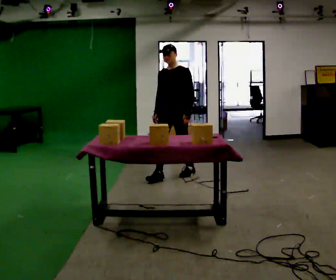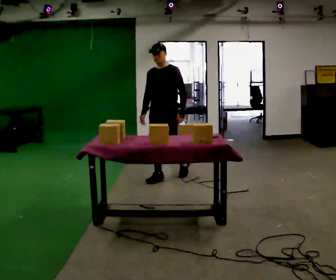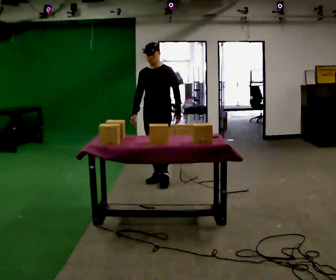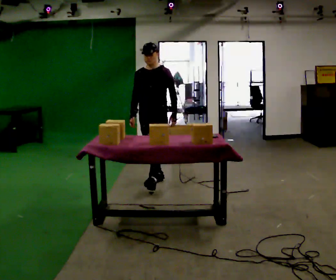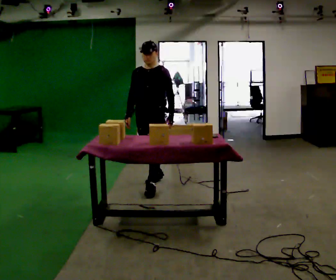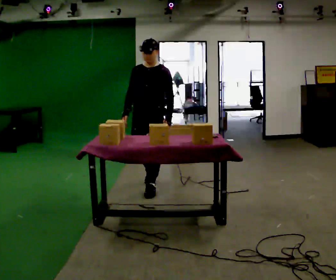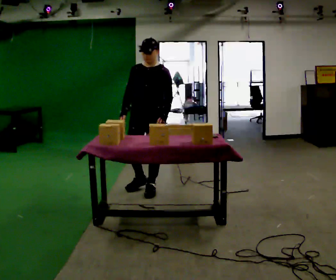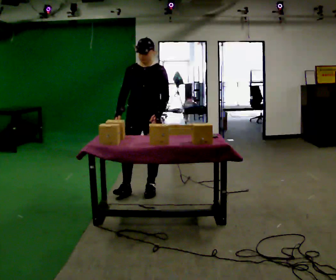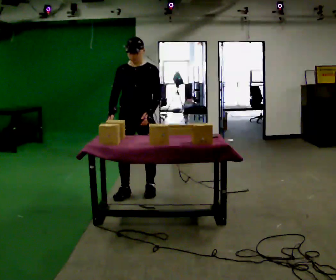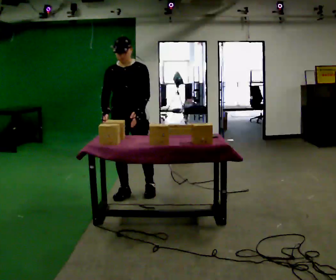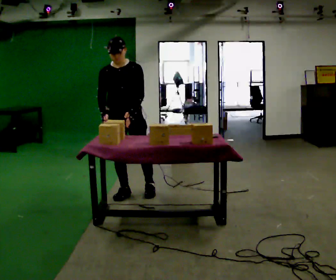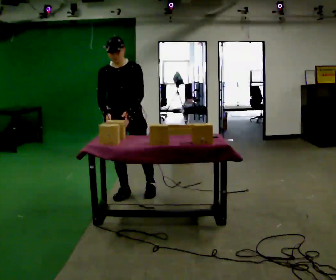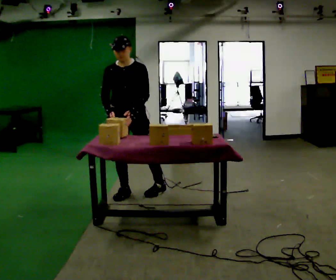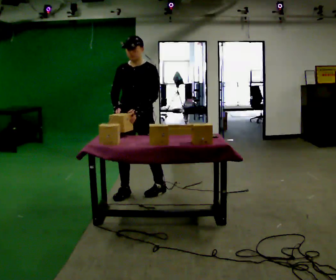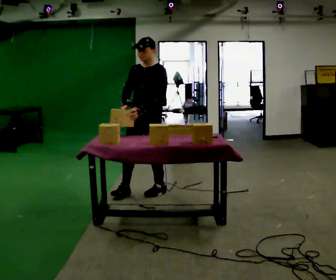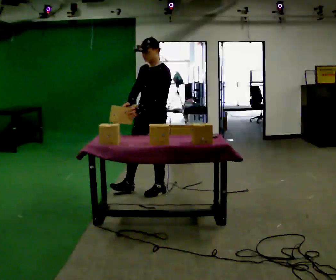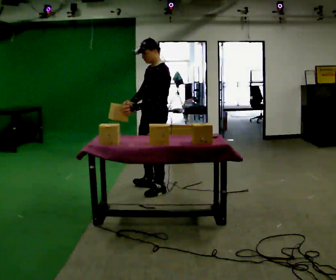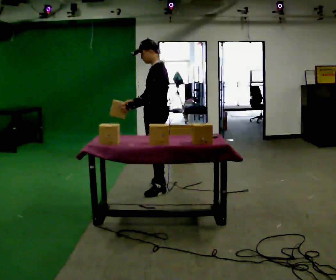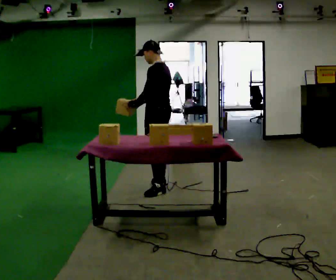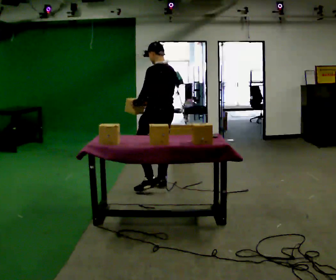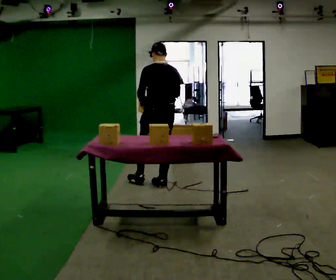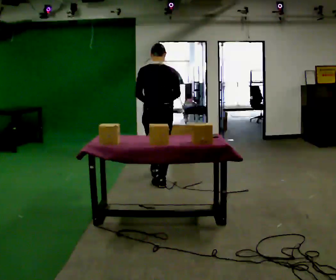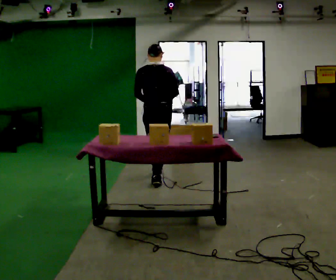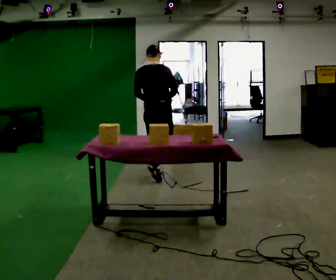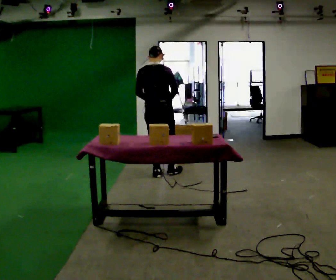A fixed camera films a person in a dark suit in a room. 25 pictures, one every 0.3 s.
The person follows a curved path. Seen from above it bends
counterclockwise.
0.0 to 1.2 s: In the picture they go toward the camera and to the left, about 0.5 m in 1 step, which for them is forward.
1.2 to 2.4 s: In the picture they go toward the camera and to the left, about 0.25 m in 1 step, which for them is forward.
2.4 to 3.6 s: The person moves a little, or ends about where they began.
3.6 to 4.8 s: The person turns about 60 degrees to their right, clockwise seen from above, so the part of the body nearest the lens slides to the left. In the picture they go to the right, about 0.25 m.
4.8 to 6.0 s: The person turns about 90 degrees to their right, clockwise seen from above, so the part of the body nearest the lens slides to the left. In the picture they go away from the camera, about 0.25 m in 1 step.
6.0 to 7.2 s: The part of the body nearest the lens slides to the left as the person turns to their right by about 30 degrees. In the picture they go away from the camera, about 0.5 m in 1 step, which for them is forward.
The film runs forward here.
